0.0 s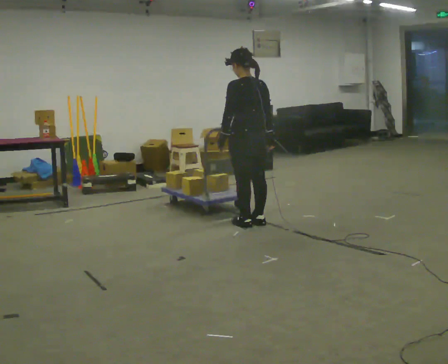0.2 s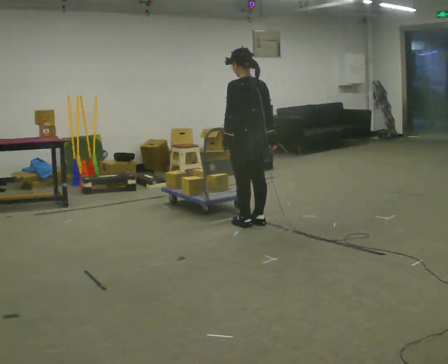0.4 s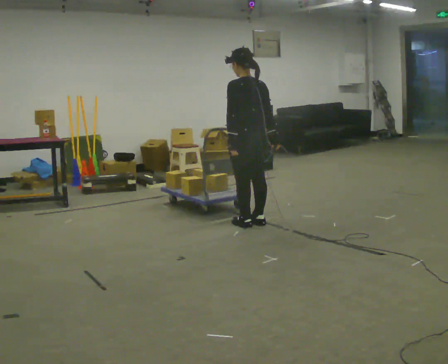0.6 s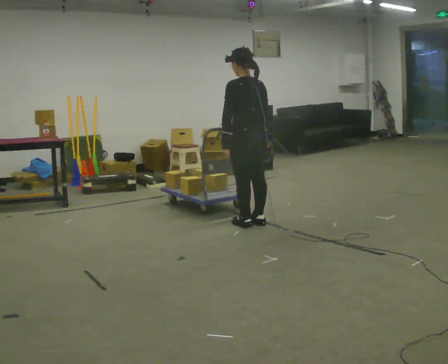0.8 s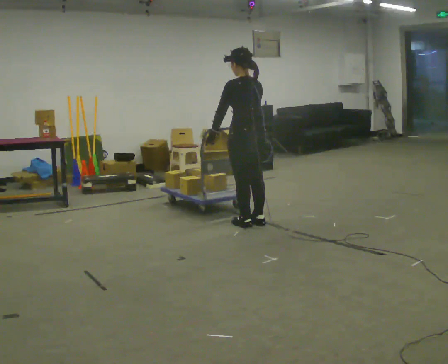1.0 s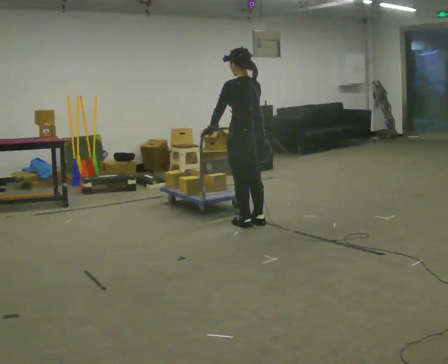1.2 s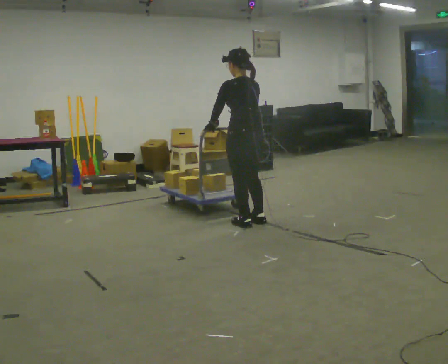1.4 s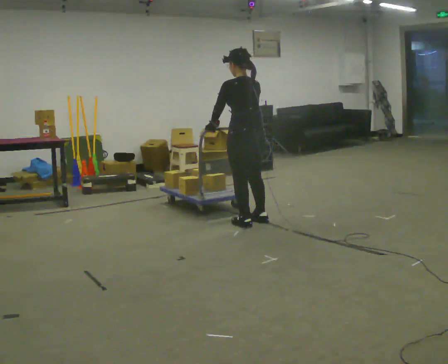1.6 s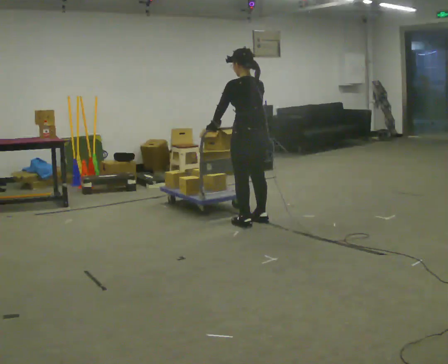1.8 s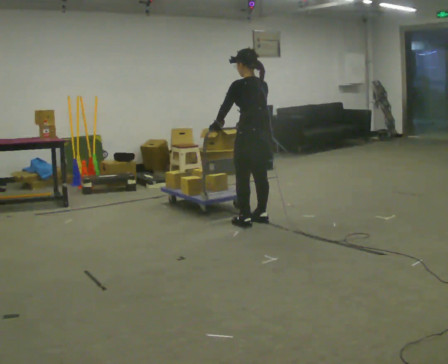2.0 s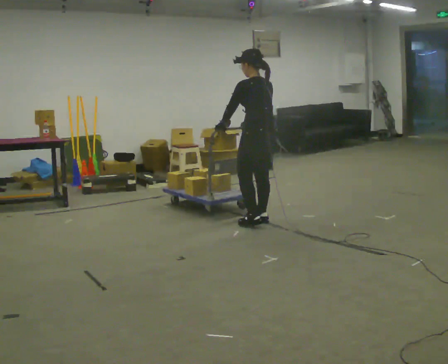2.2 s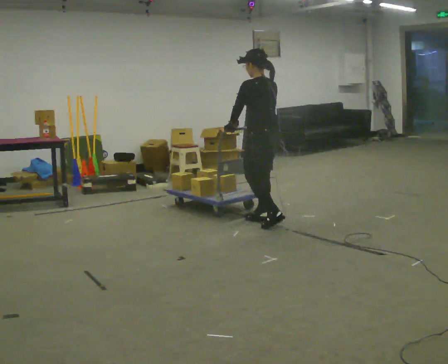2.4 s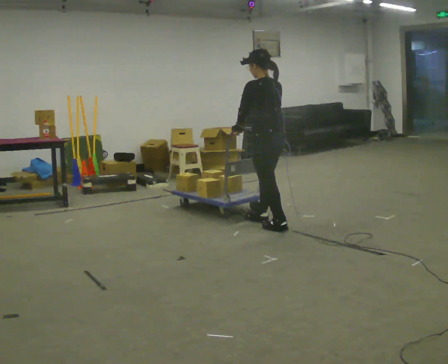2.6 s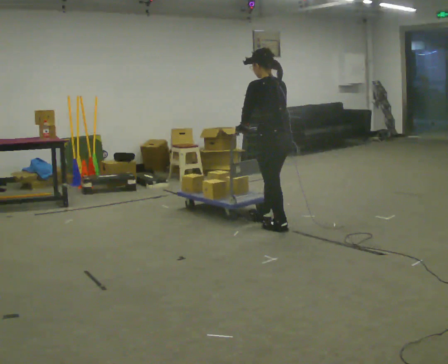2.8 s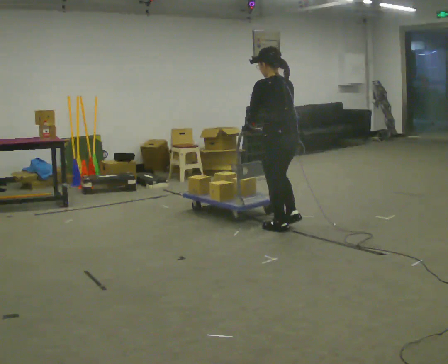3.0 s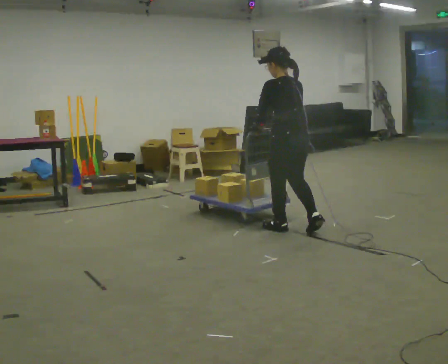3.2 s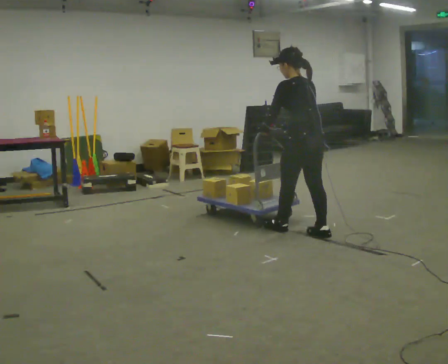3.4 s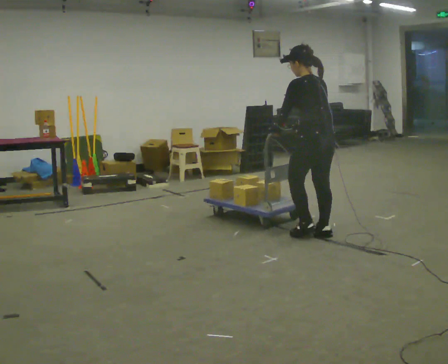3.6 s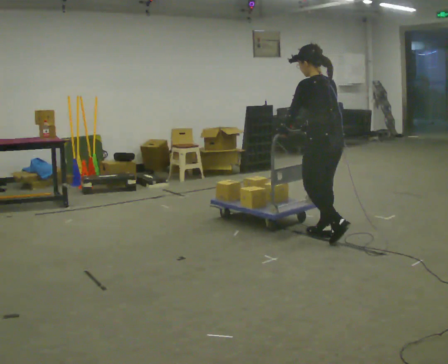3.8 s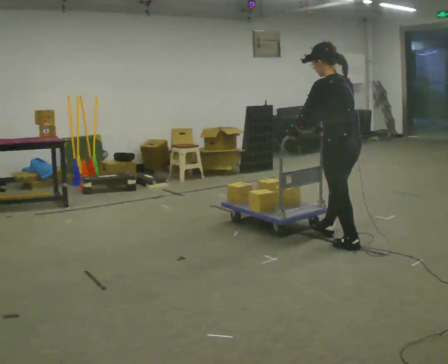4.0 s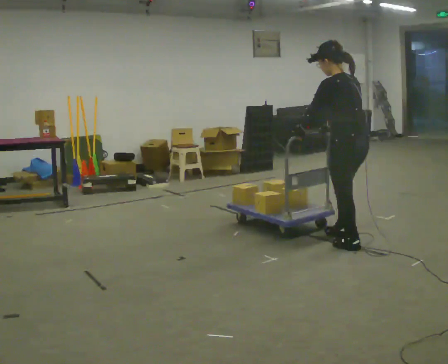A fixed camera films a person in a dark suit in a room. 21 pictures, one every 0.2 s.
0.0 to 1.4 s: The person moves a little, or ends about where they began.
1.4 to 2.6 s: In the picture they go to the right, about 0.25 m in 2 steps, which for them is backward.
2.6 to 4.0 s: In the picture they go toward the camera and to the right, about 1 m in 2 steps, which for them is backward.
The film runs backward here.
